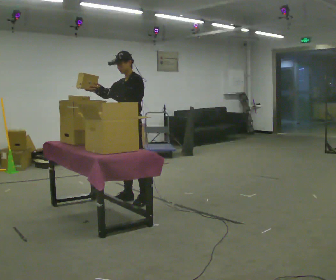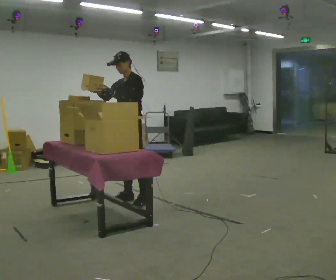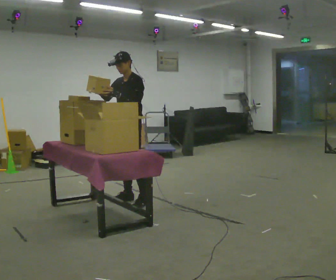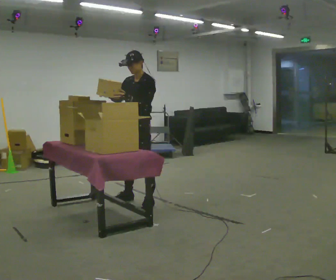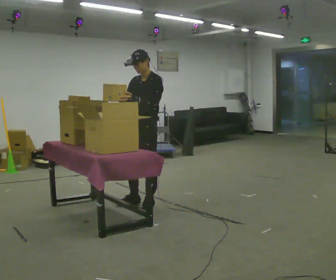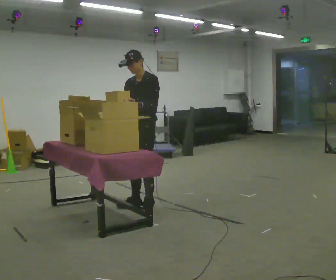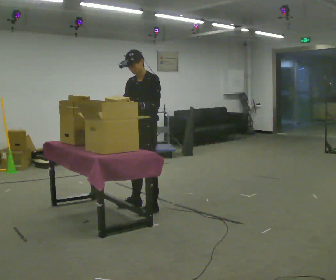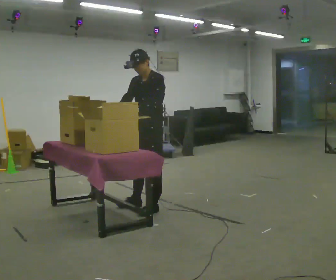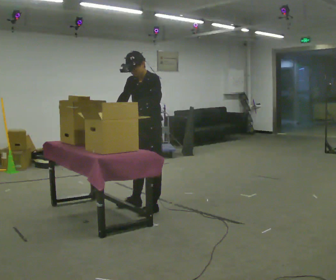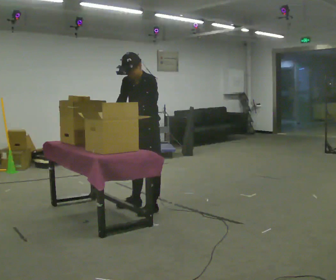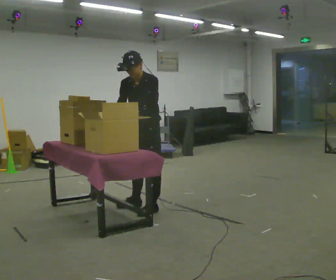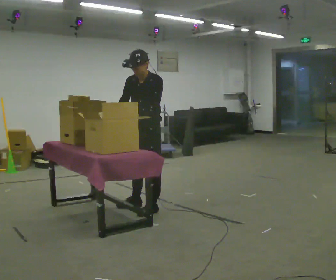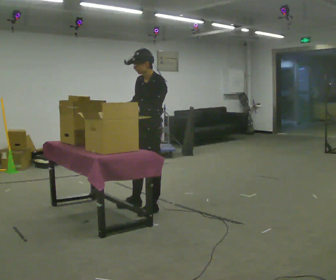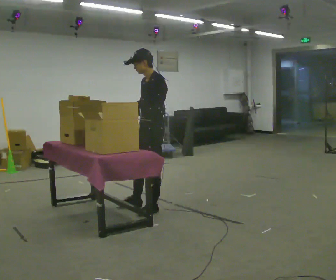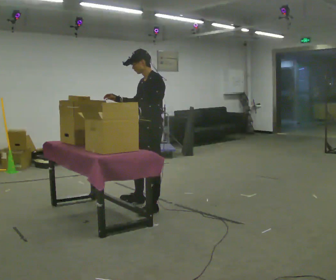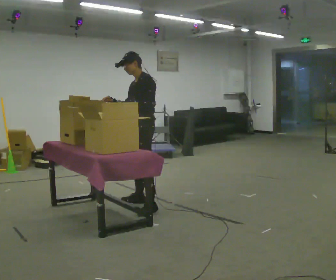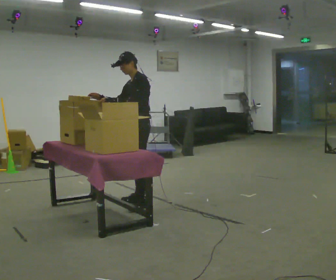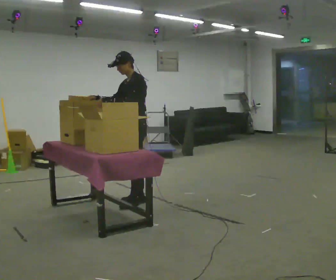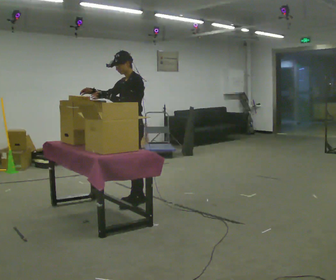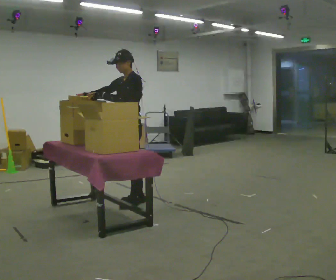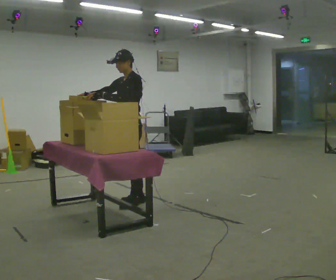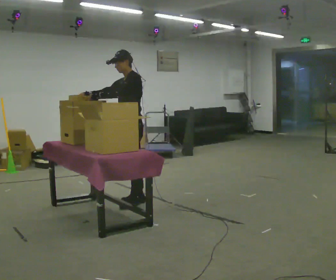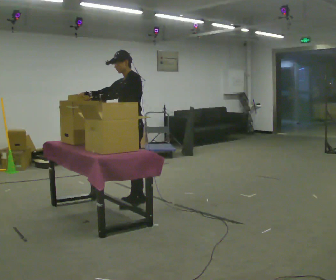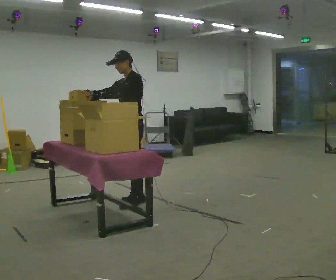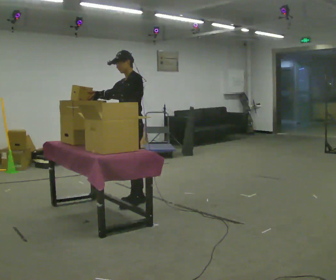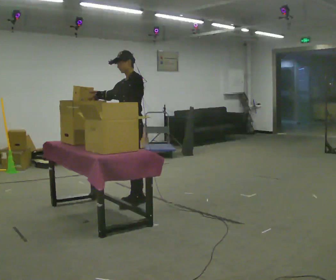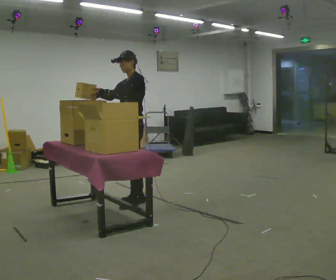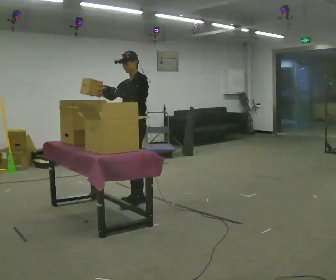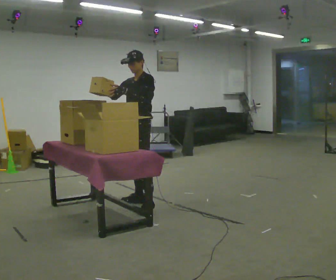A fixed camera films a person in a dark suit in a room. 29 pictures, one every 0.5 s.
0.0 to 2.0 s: In the picture they go toward the camera and to the right, about 0.25 m, which for them is to their left. In the picture their left hand goes to the right.
2.0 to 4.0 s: In the picture they go toward the camera, about 0.25 m in 2 steps, which for them is to their left.
4.0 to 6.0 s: The person moves a little, or ends about where they began.
6.0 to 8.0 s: In the picture they go away from the camera, about 0.25 m in 1 step, which for them is to their right.
8.0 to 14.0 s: The person moves a little, or ends about where they began.
The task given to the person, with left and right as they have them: Move the items from one container to the other one at a time, then move them back. Repeat at your own pace until the operator says stop. Keep both feet on the marked spots for the whole take. If you have to step, stop and tell the operator.
The film runs forward here.
